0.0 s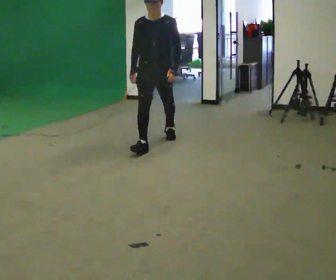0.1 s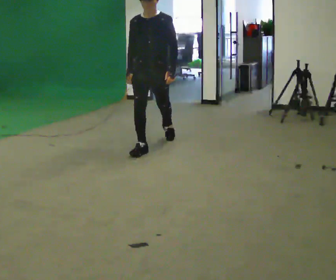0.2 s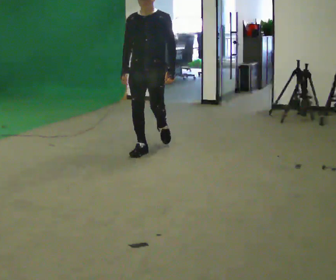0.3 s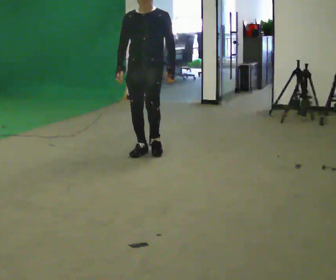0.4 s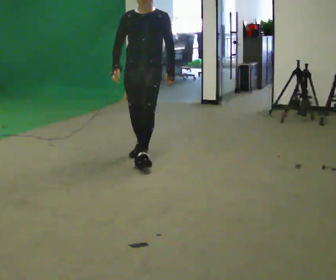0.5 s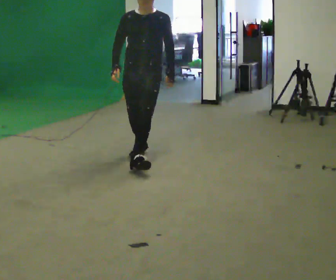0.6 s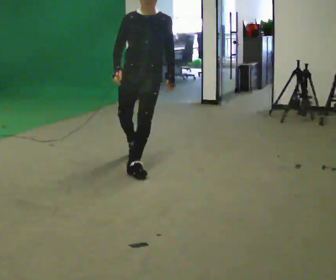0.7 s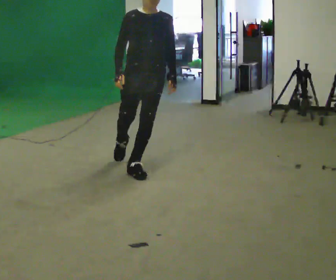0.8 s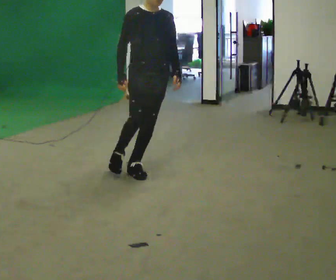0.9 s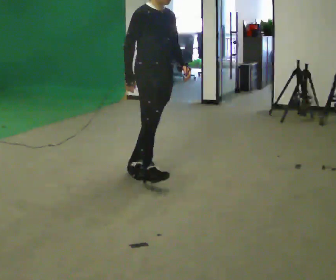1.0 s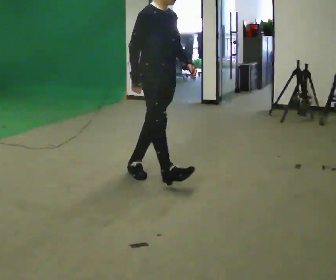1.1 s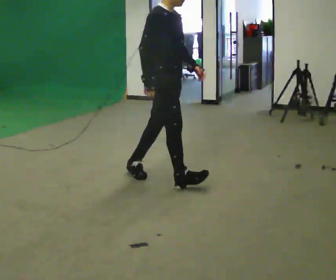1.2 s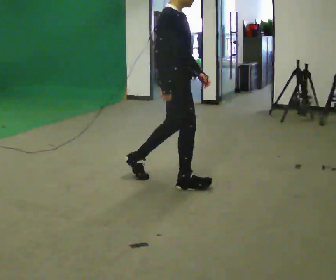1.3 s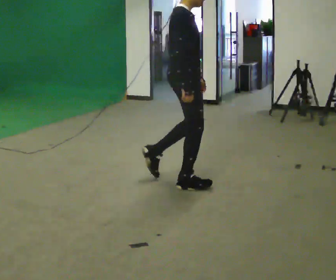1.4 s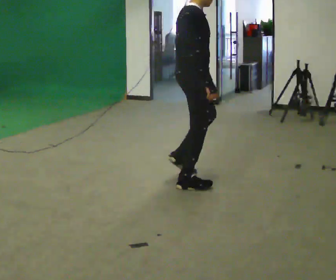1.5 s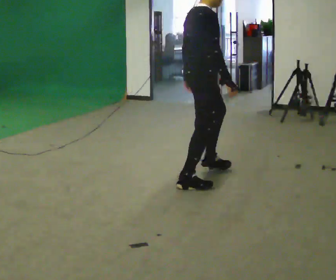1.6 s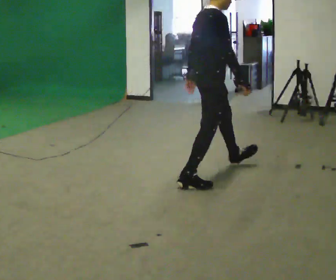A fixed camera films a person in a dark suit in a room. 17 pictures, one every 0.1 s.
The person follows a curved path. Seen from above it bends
counterclockwise.
The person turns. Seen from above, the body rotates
counterclockwise.
0.0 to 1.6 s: The person turns about 105 degrees to their left, counterclockwise seen from above, so the part of the body nearest the lens slides to the right. In the picture they go toward the camera, about 1 m in 3 steps.
The film runs forward here.
